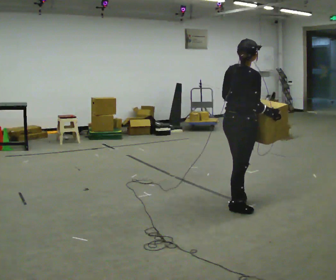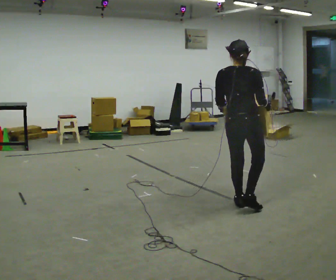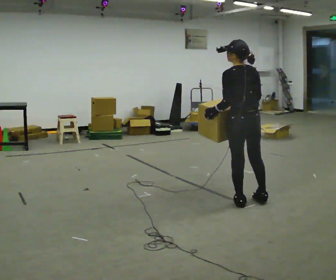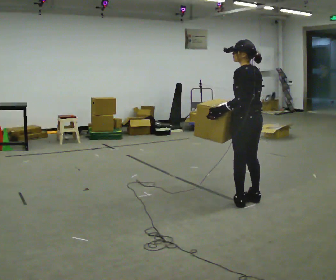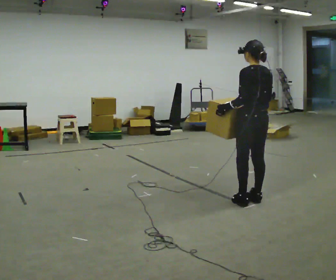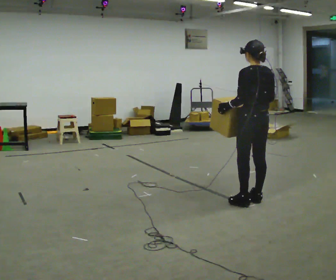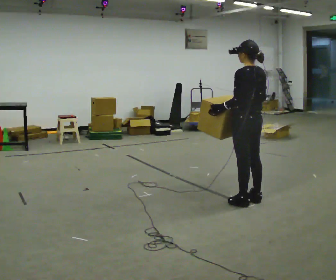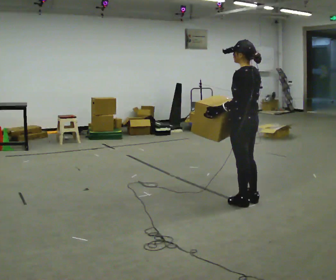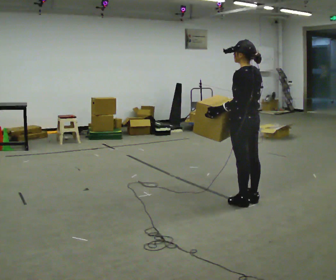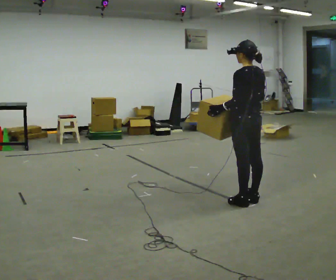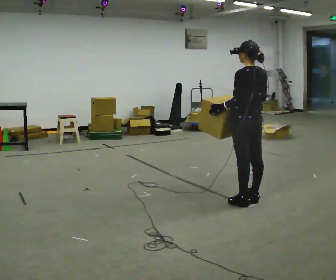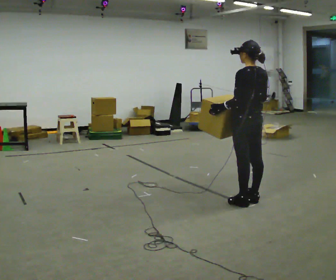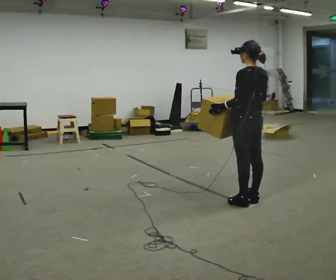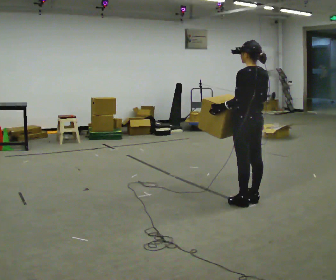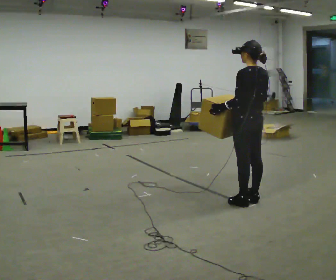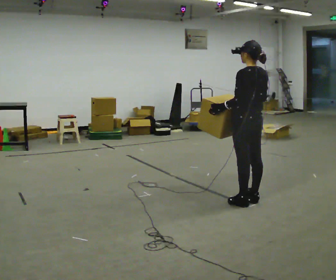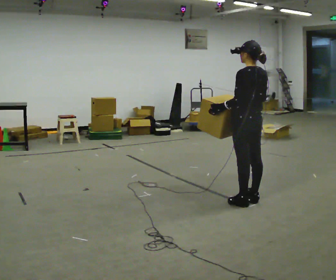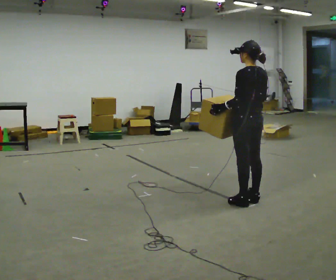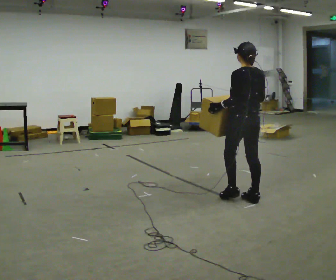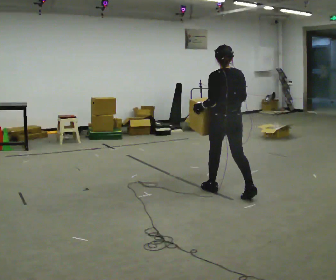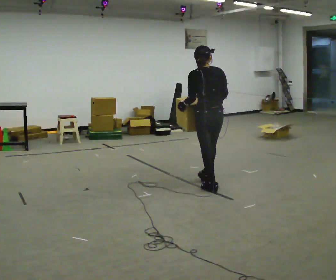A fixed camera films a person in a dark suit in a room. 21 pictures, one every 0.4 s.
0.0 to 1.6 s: The person turns about 90 degrees to their left, counterclockwise seen from above, so the part of the body nearest the lens slides to the right. In the picture they go away from the camera and to the right, about 0.25 m in 1 step.
1.6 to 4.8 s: The person moves a little, or ends about where they began.
4.8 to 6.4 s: The person keeps their place and pose.
6.4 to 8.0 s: In the picture they go to the left and away from the camera, about 0.5 m in 1 step, which for them is forward.
The film runs forward here.
